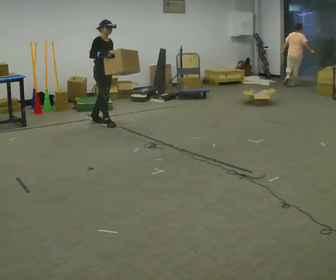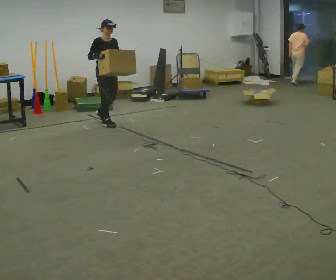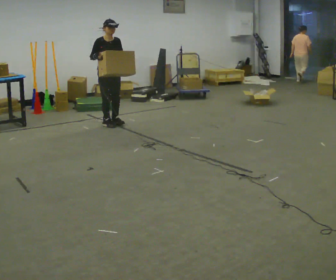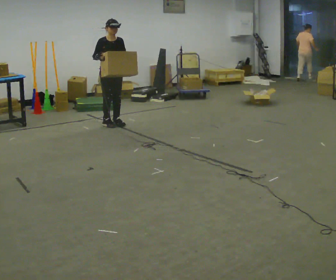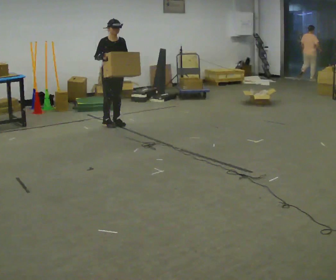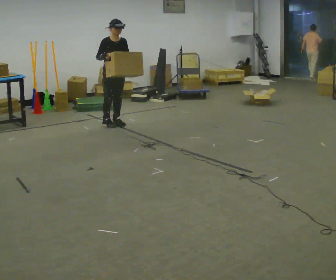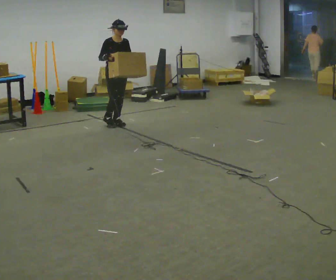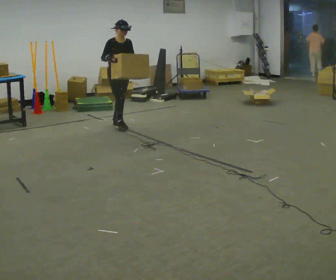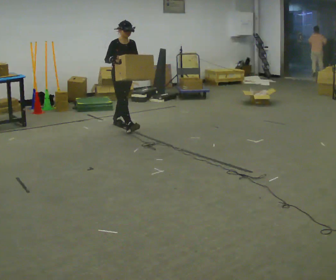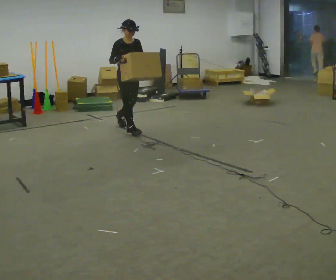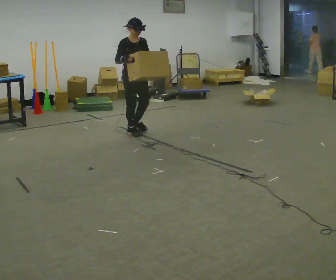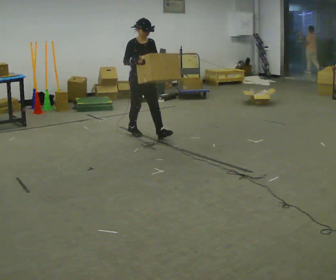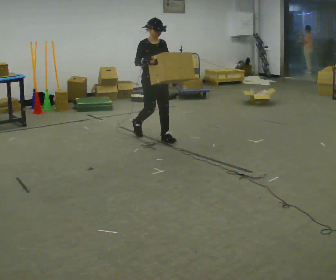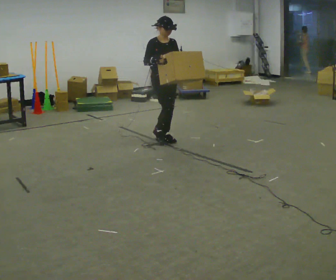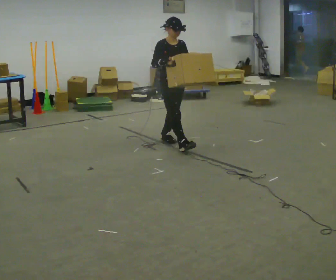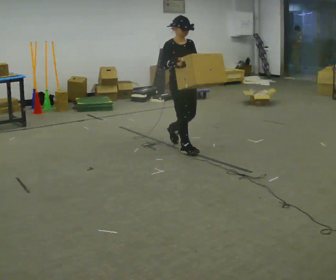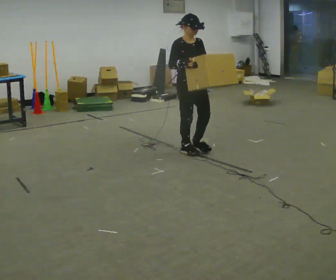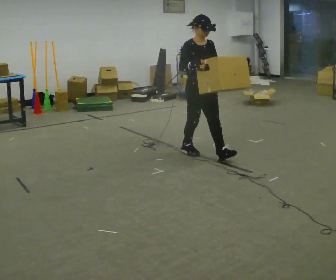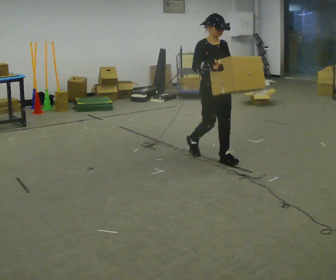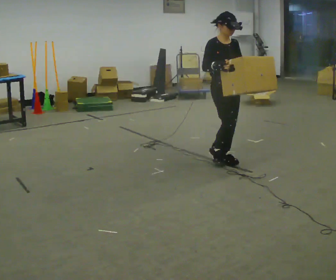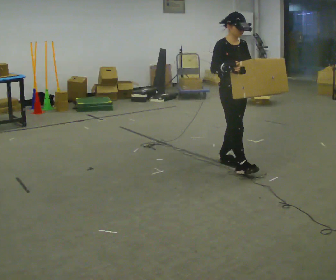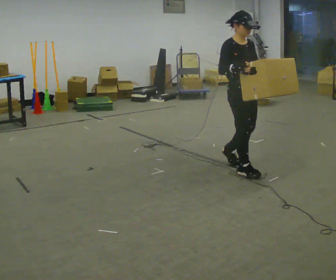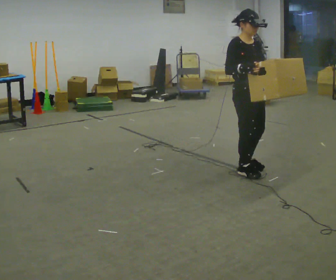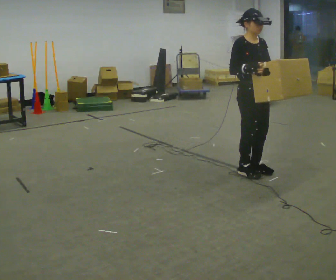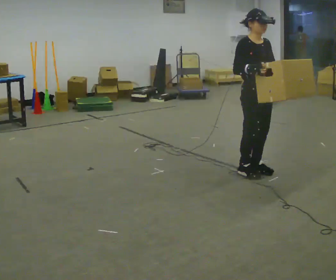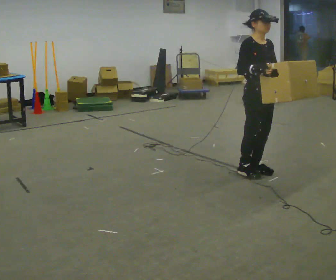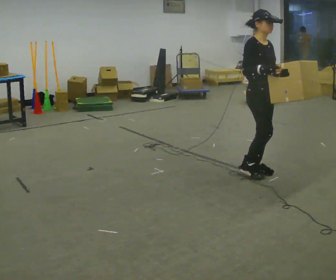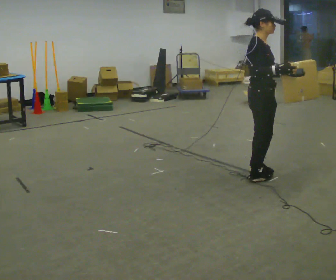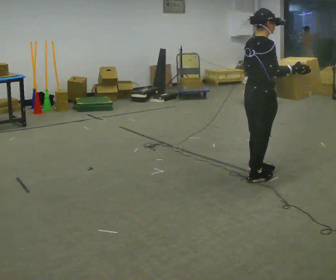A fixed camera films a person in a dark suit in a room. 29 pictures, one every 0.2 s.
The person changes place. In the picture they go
toward the camera.
0.0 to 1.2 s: In the picture they go to the right, about 0.25 m in 1 step, which for them is forward.
1.2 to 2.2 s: In the picture they go toward the camera and to the right, about 0.75 m in 1 step, which for them is forward.
2.2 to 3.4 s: In the picture they go toward the camera and to the right, about 1 m in 2 steps, which for them is forward.
3.4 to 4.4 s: In the picture they go toward the camera and to the right, about 0.75 m in 2 steps, which for them is forward.
4.4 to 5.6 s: Seen from above the body turns counterclockwise, about 75 degrees: to their left, with its near side sliding to the right. In the picture they go toward the camera, about 0.25 m in 2 steps. In the picture their right hand goes to the right.
The film runs forward here.
